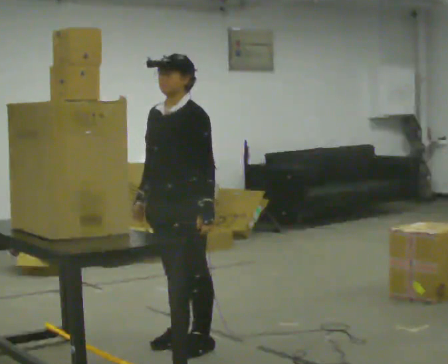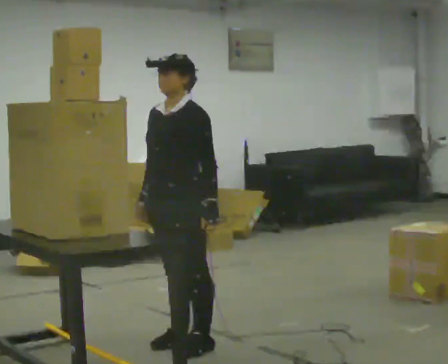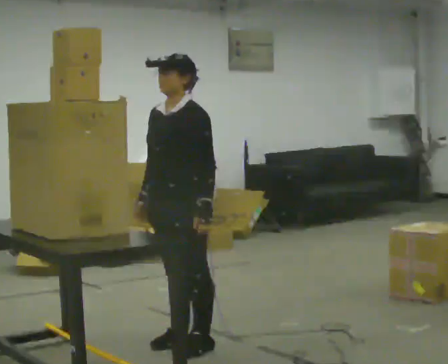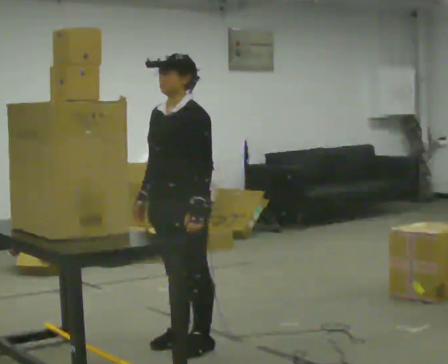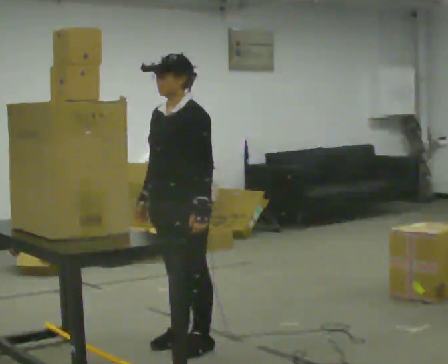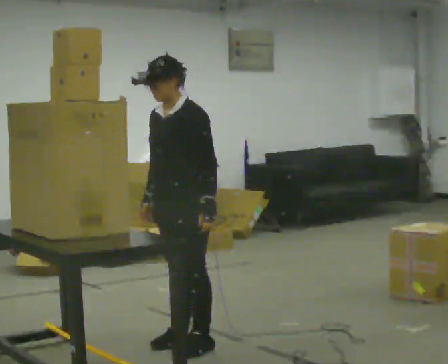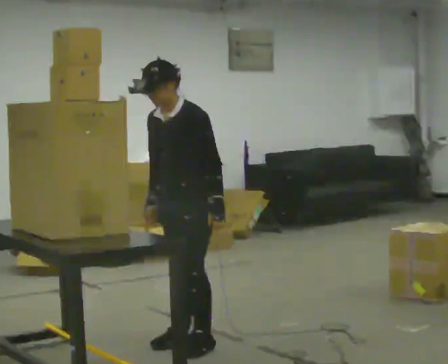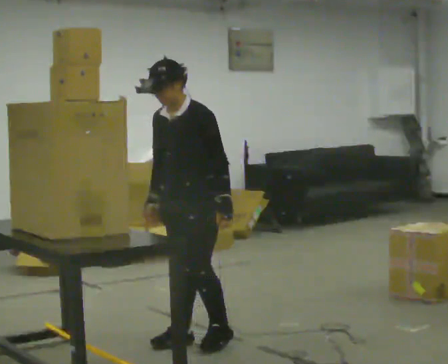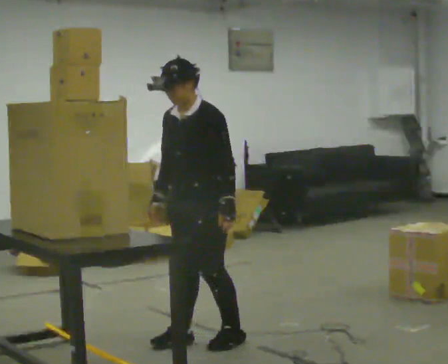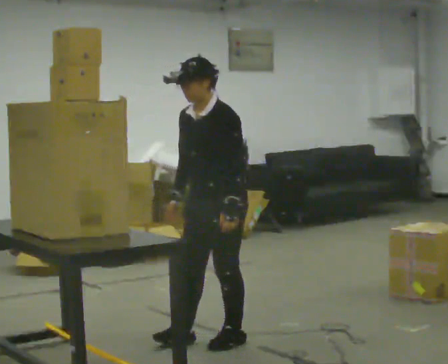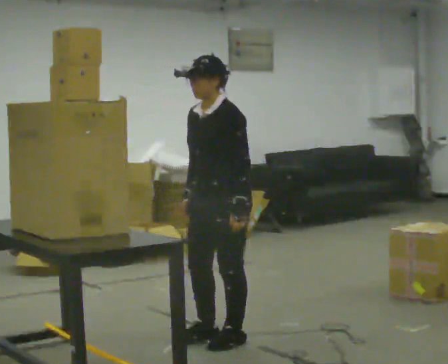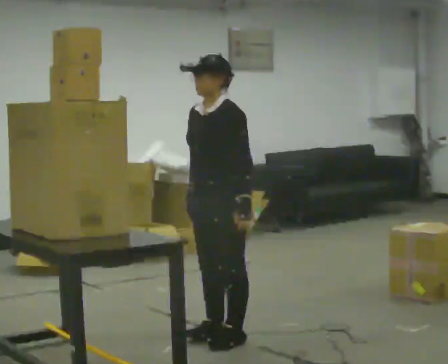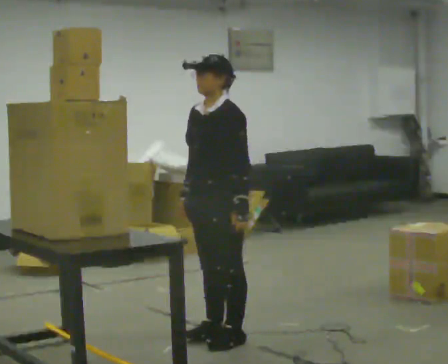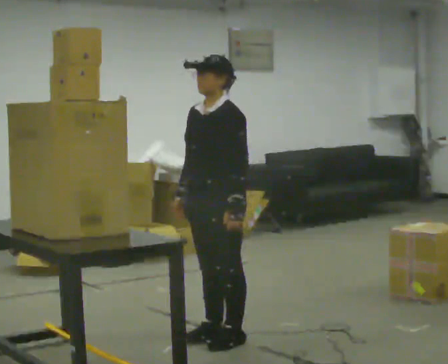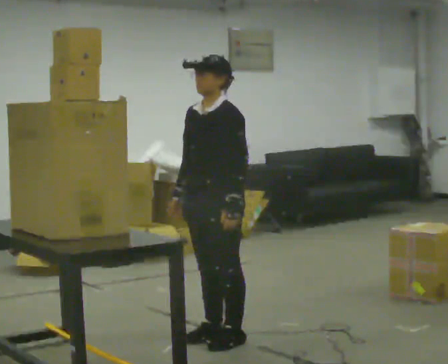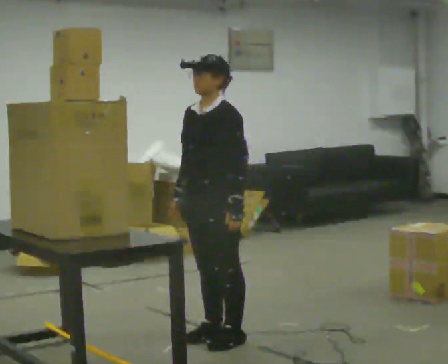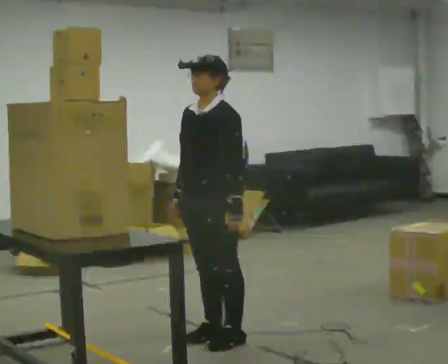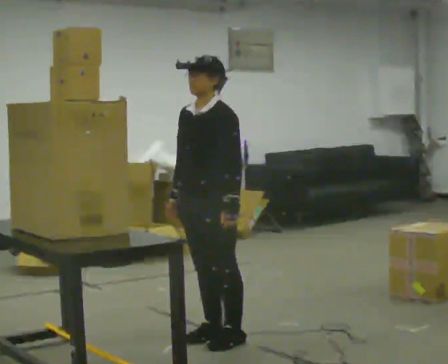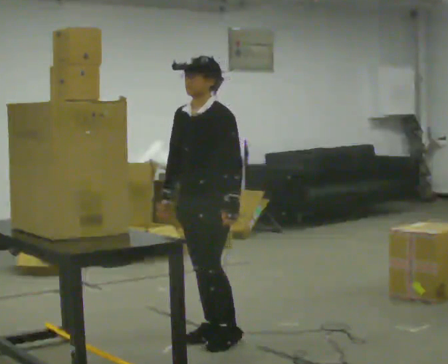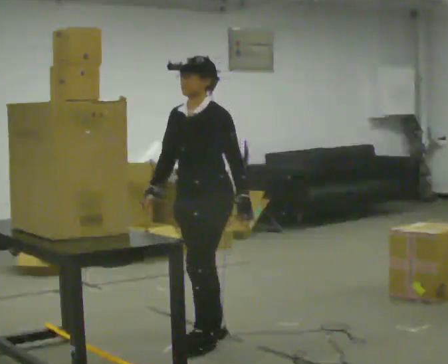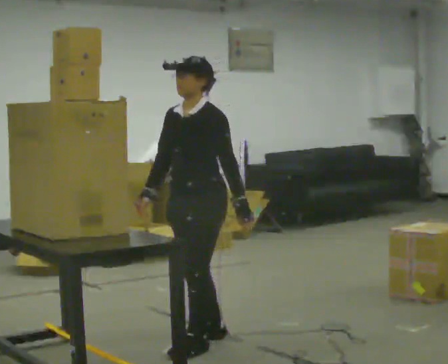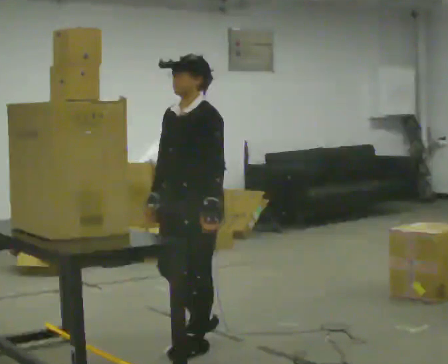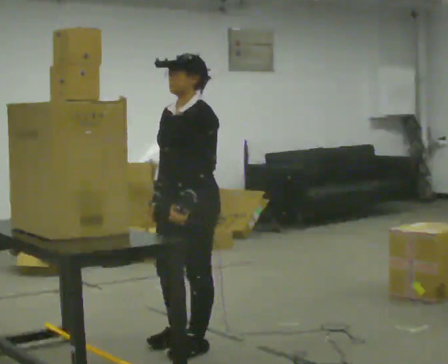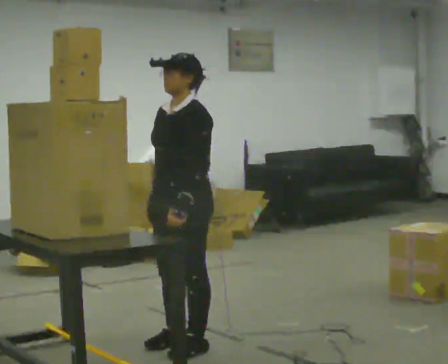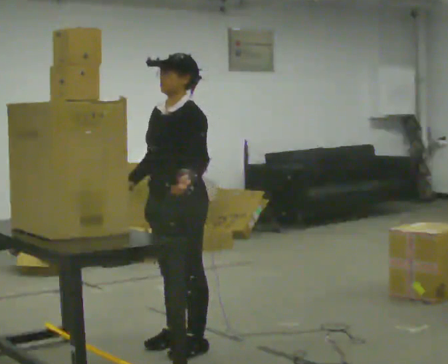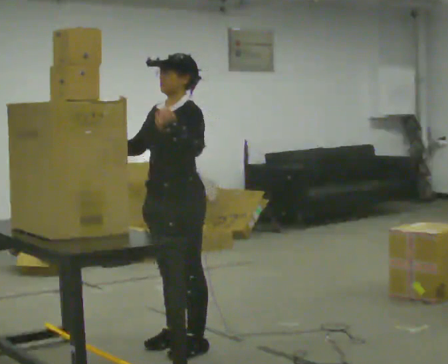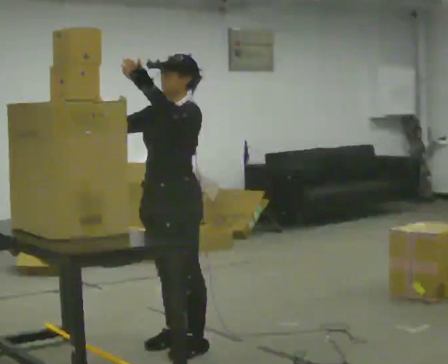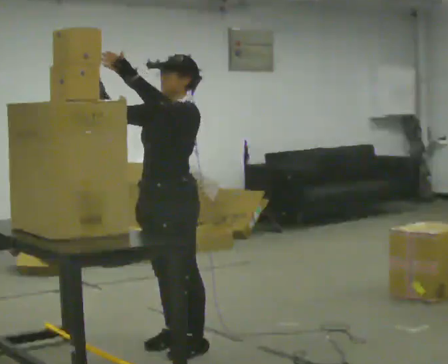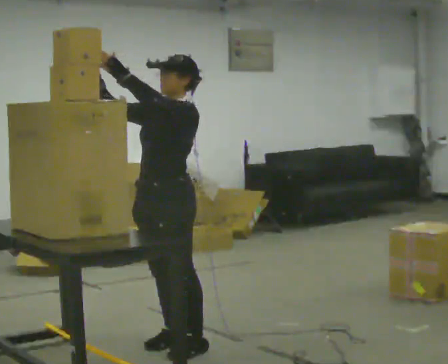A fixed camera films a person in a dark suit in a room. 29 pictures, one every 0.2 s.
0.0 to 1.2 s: The person moves a little, or ends about where they began.
1.2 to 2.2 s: In the picture they go to the right, about 0.25 m in 2 steps, which for them is backward.
2.2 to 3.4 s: The person moves a little, or ends about where they began.
3.4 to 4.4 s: In the picture they go toward the camera, about 0.25 m in 1 step, which for them is forward.
4.4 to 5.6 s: In the picture their right hand goes upward, the arm swinging clockwise.
The film runs forward here.
